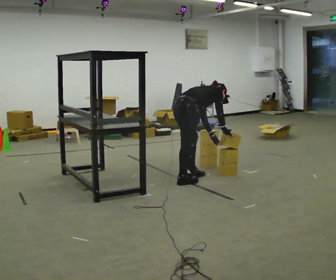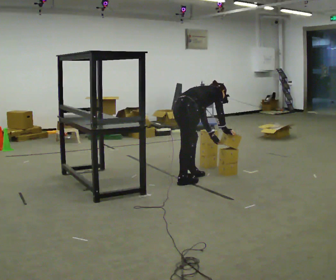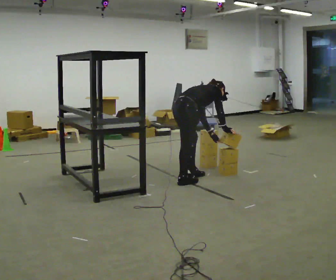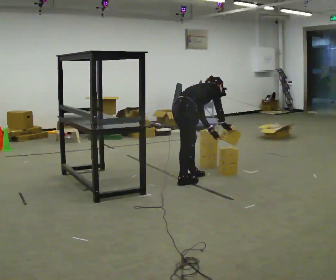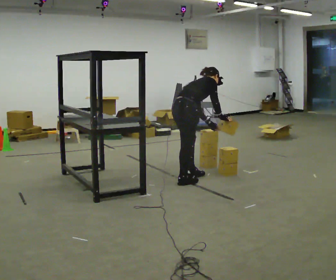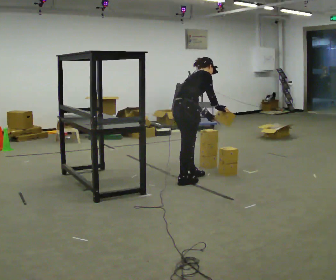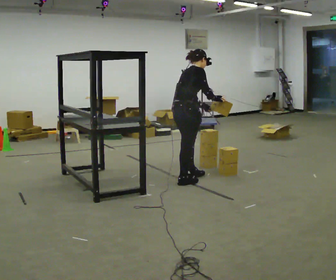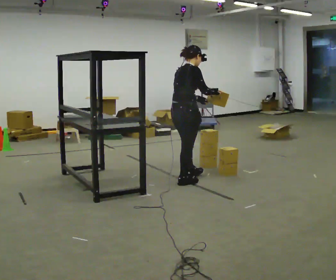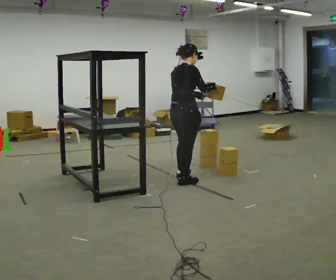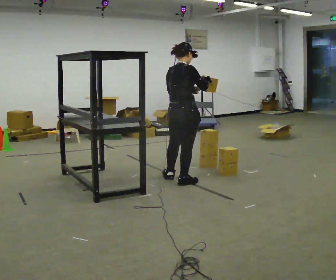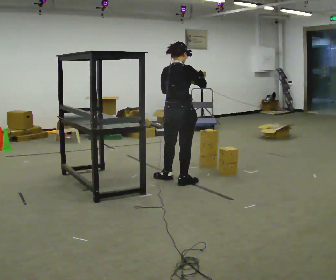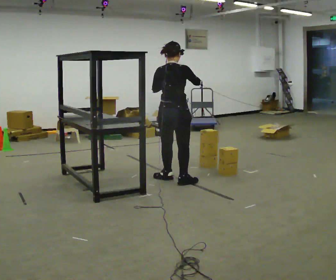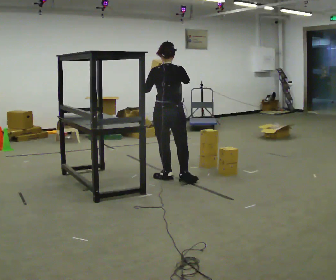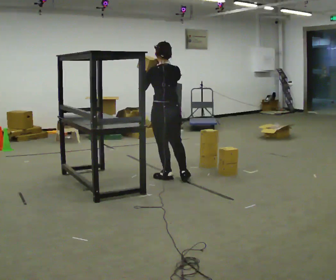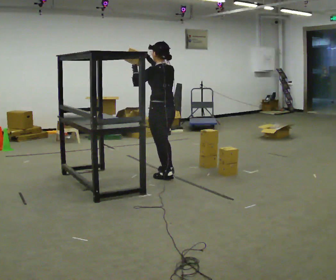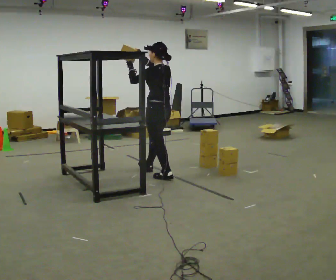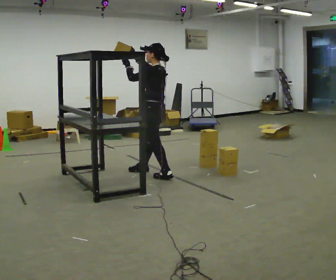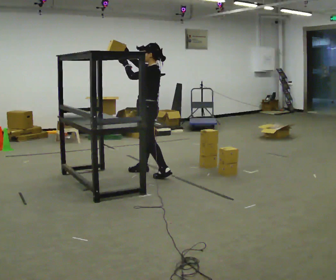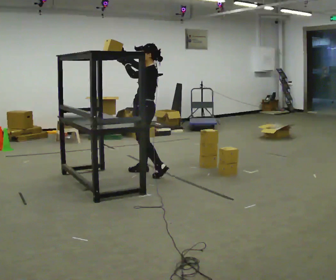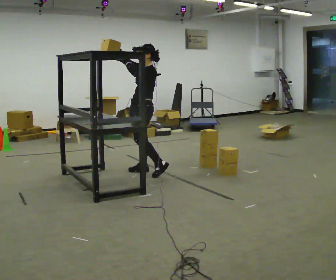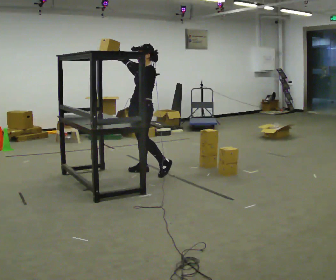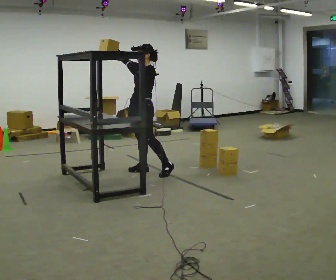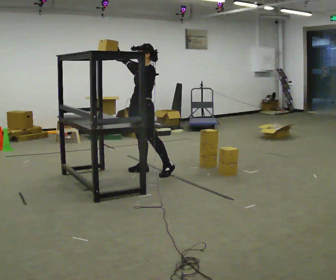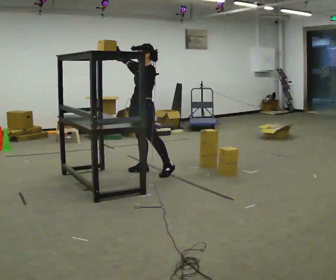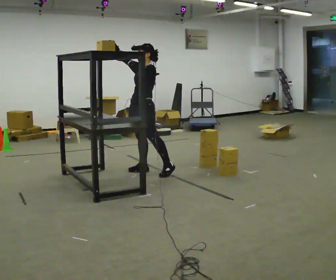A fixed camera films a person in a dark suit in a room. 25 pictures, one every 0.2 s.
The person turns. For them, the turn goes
to their left.
The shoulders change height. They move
upward.
0.0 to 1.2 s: The shoulders move upward. In the picture the upper body tilts counterclockwise, shoulders to the left, as they lean back or straighten. In the picture their right hand goes upward.
1.2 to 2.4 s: The part of the body nearest the lens slides to the right as the person turns to their left by about 60 degrees. In the picture they go to the left, about 0.25 m in 1 step. In the picture the upper body tilts counterclockwise, shoulders to the left, as they lean back or straighten. In the picture their right hand goes to the left and upward.
2.4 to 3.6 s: The person turns about 90 degrees to their left, counterclockwise seen from above, so the part of the body nearest the lens slides to the right. In the picture they go away from the camera and to the left, about 0.5 m in 1 step.
3.6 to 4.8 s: The person moves a little, or ends about where they began.
The film runs backward here.
